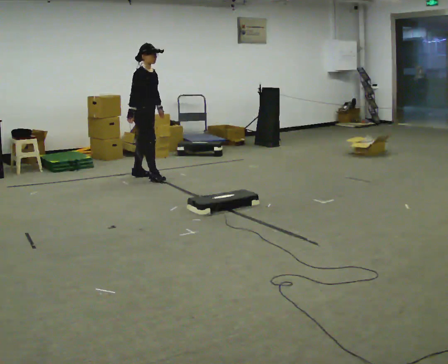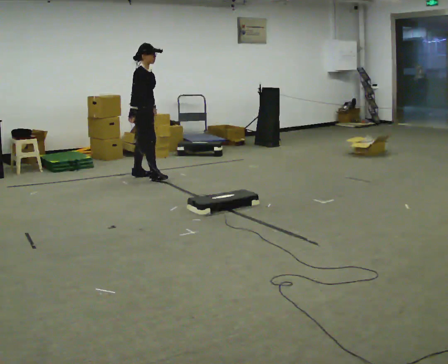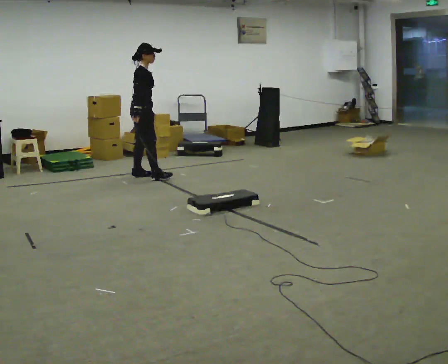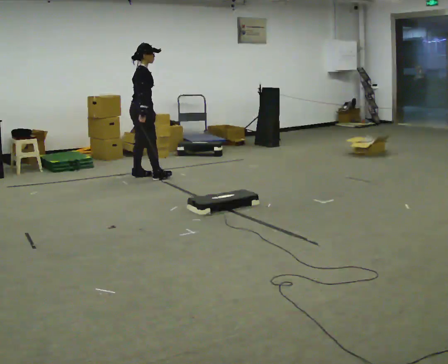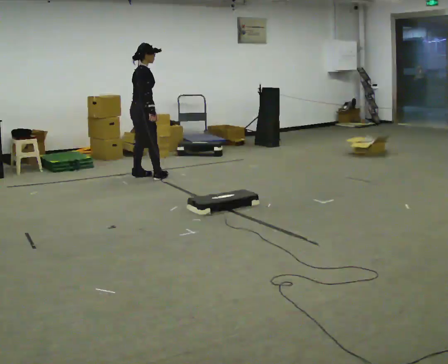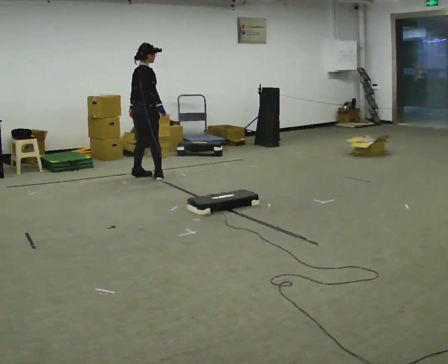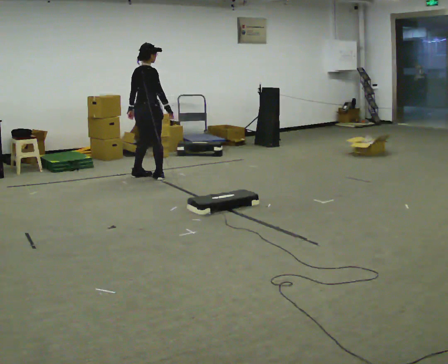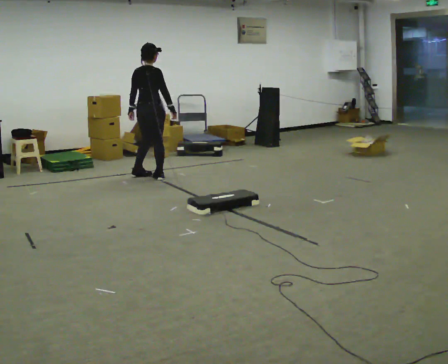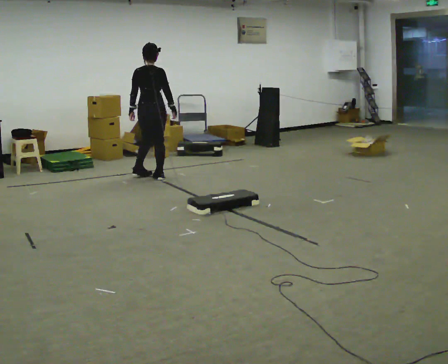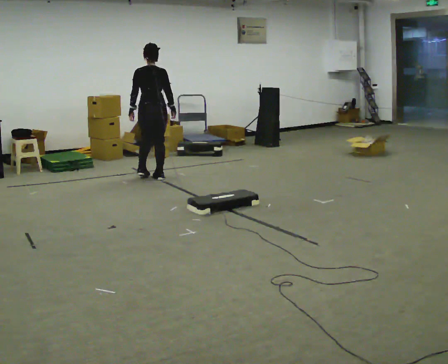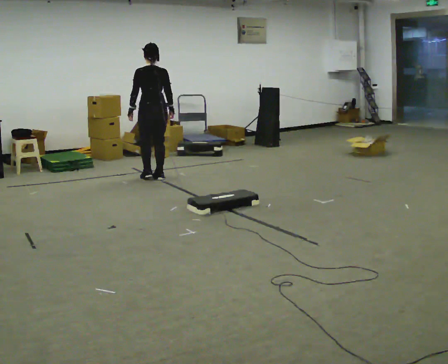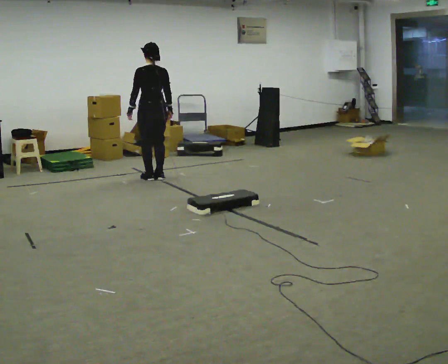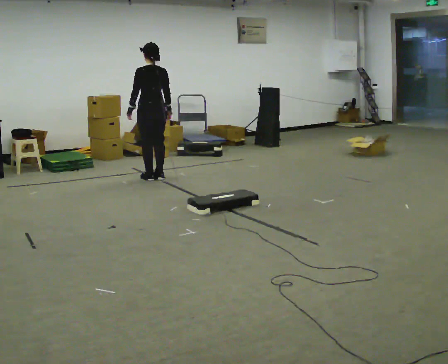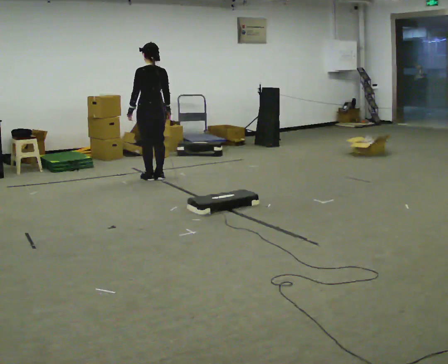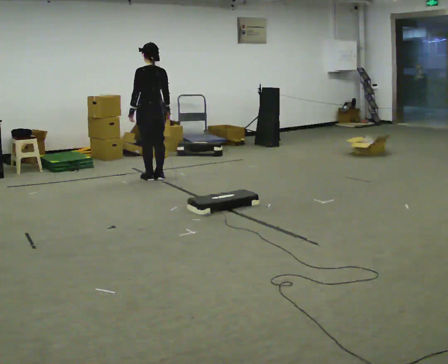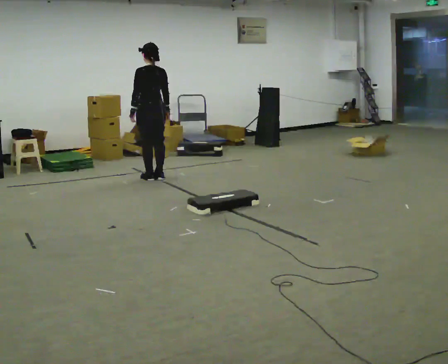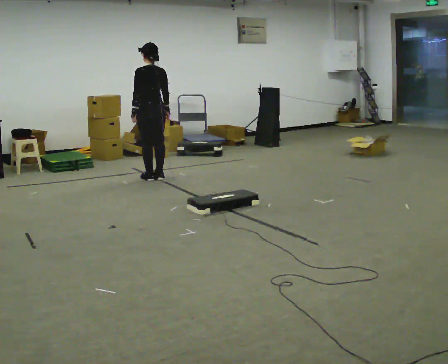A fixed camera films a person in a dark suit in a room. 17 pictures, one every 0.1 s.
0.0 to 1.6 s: Seen from above the body turns counterclockwise, about 135 degrees: to their left, with its near side sliding to the right. In the picture their left hand goes to the left, the arm swinging clockwise.
The film runs backward here.
